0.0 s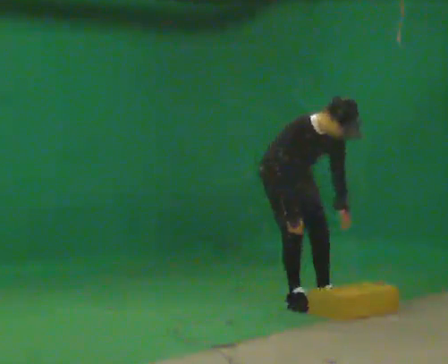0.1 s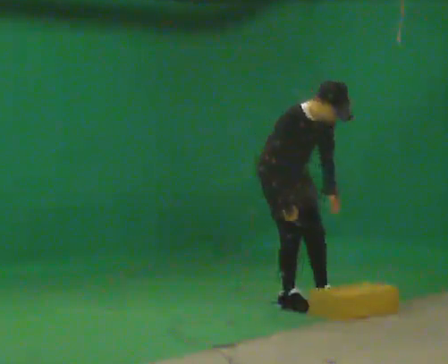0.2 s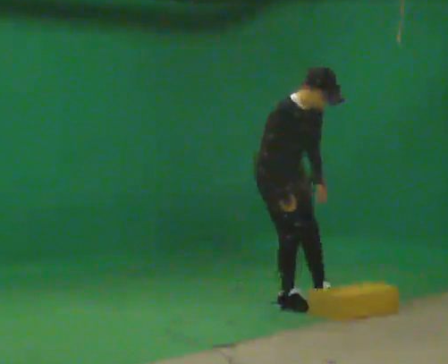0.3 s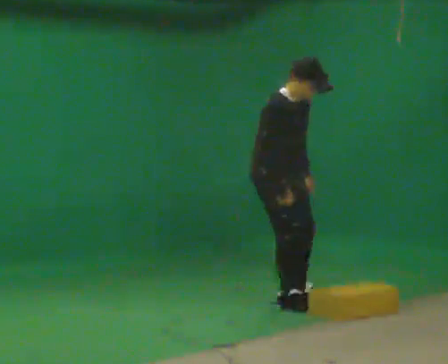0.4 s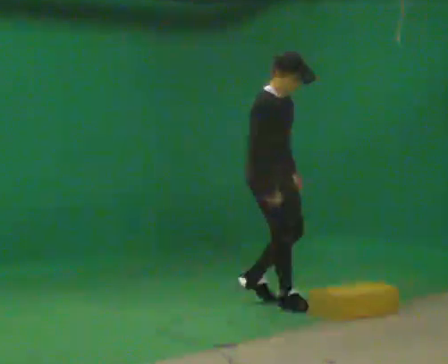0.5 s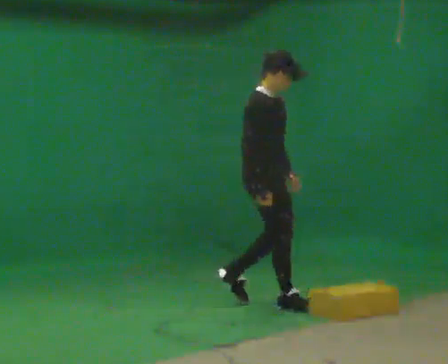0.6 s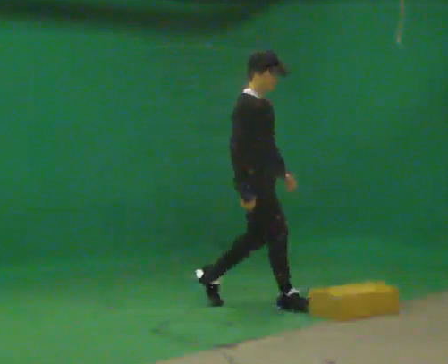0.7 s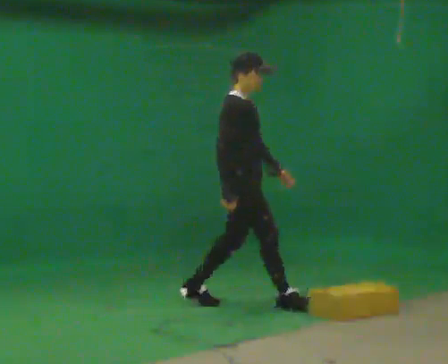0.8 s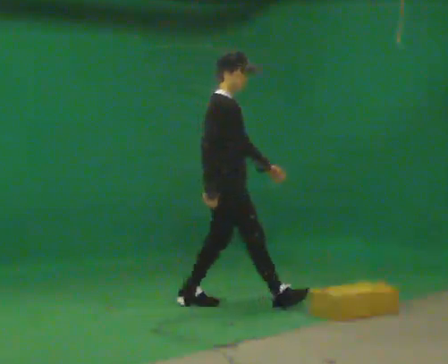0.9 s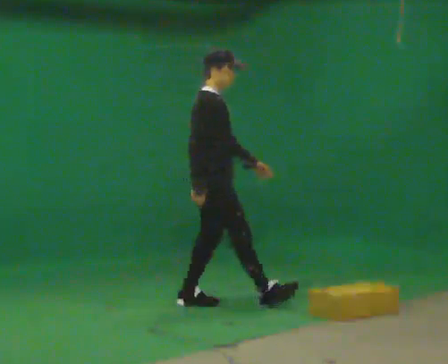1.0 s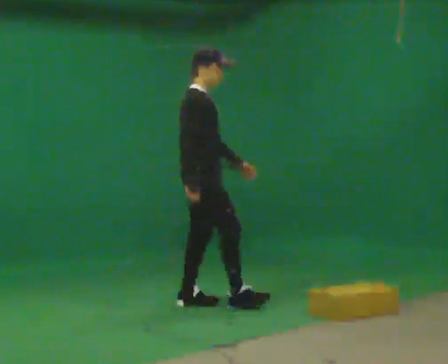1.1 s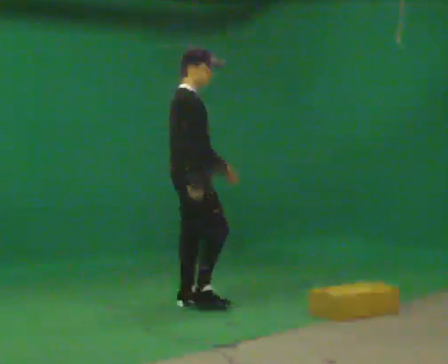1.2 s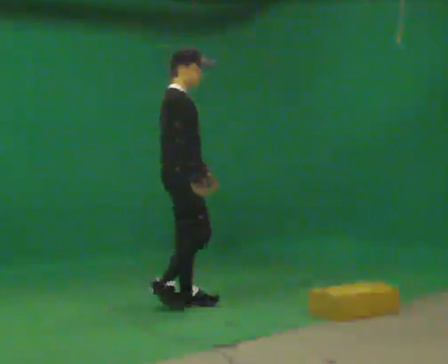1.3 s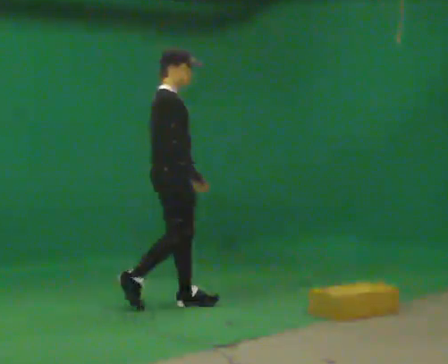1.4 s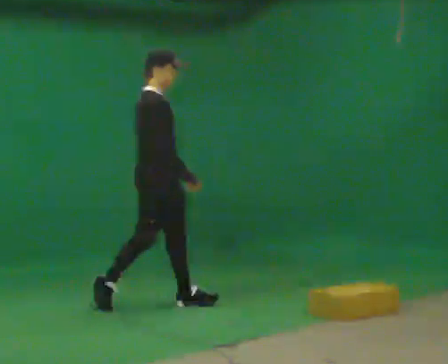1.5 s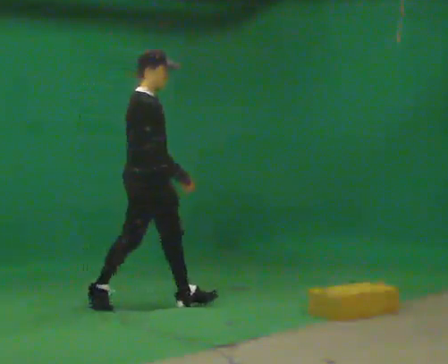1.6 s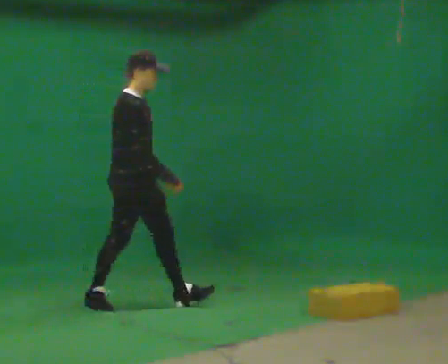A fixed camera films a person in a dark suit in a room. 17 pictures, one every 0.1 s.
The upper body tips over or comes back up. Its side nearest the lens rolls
upward.
The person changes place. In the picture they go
to the left.
0.0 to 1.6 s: The person turns about 45 degrees to their left, counterclockwise seen from above, so the part of the body nearest the lens slides to the right. In the picture they go to the left, about 1 m in 2 steps, which for them is backward. The shoulders move upward. The upper body tips away from the camera, its near side rolling upward, as they lean back or straighten.
The film runs backward here.
